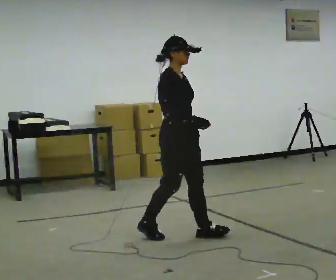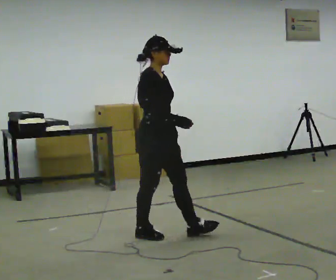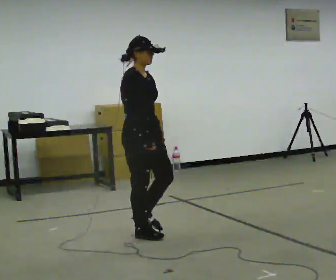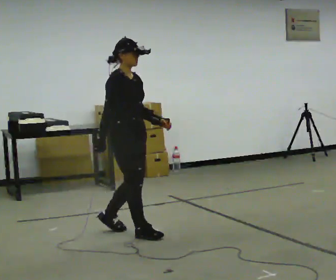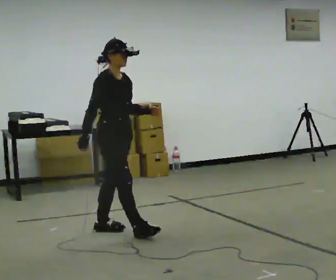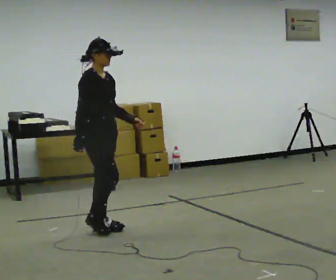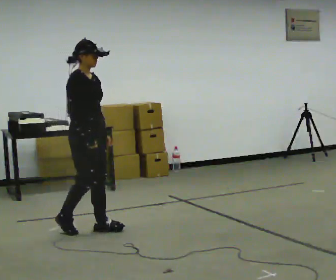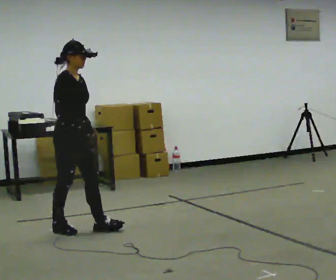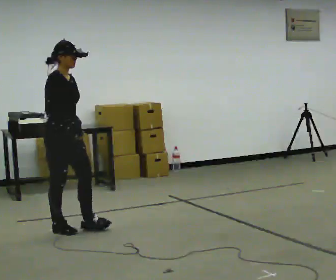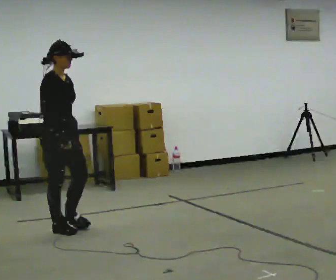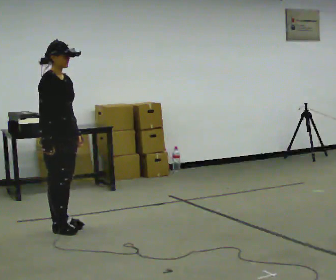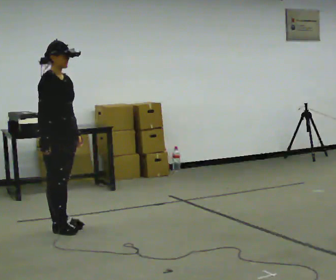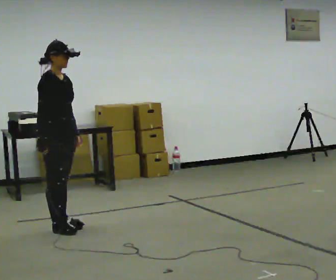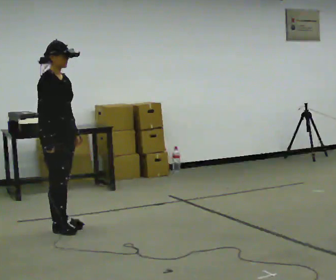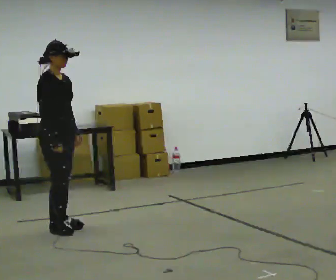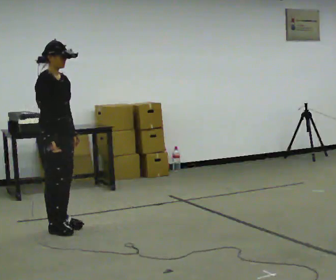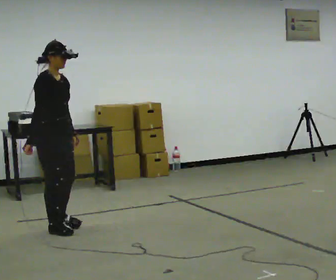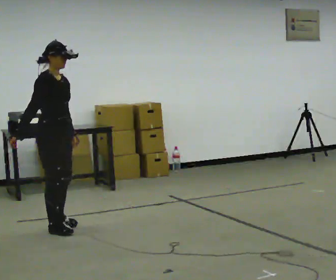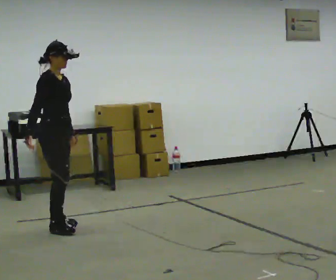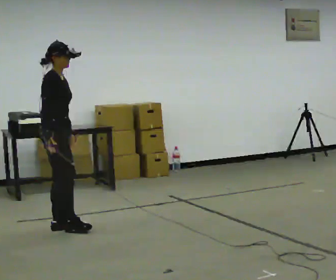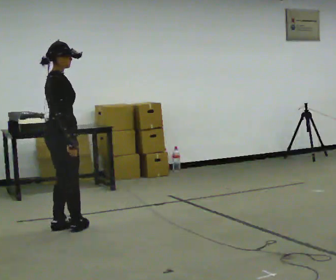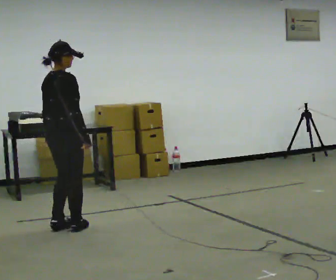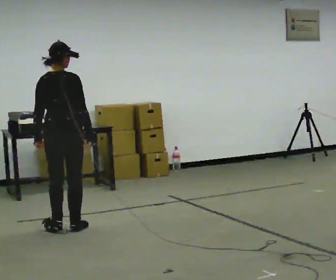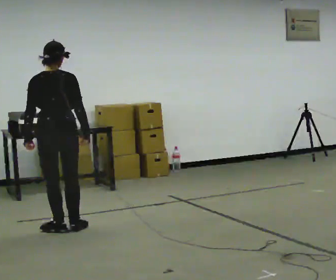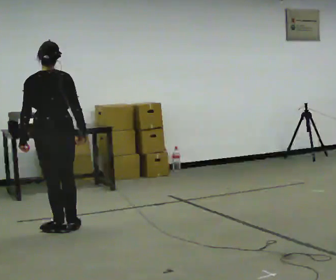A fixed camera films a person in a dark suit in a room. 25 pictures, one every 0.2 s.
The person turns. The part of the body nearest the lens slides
to the right.
The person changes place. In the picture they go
to the left.
0.0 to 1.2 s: In the picture they go to the left and away from the camera, about 1 m in 2 steps, which for them is backward.
1.2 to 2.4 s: In the picture they go to the left, about 0.25 m in 1 step, which for them is backward.
2.4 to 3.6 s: The person moves a little, or ends about where they began.
3.6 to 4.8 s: Seen from above the body turns counterclockwise, about 120 degrees: to their left, with its near side sliding to the right. In the picture their right hand goes to the right, the arm swinging counterclockwise.
The film runs backward here.
